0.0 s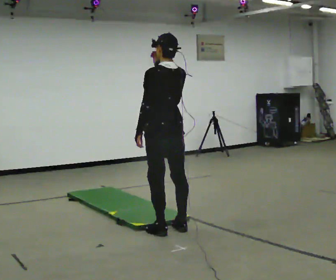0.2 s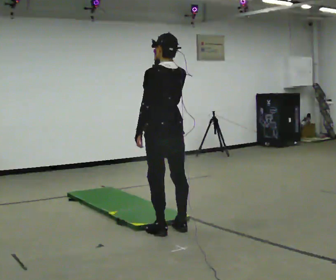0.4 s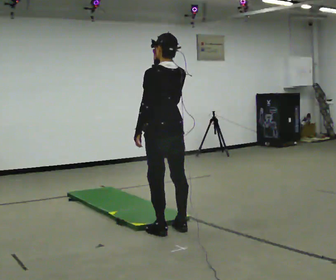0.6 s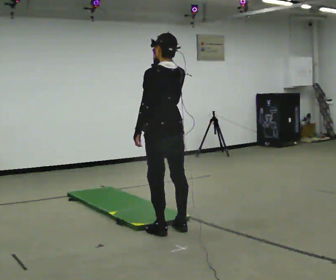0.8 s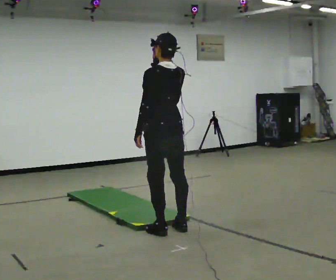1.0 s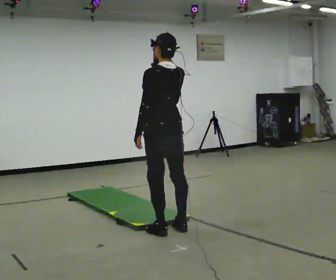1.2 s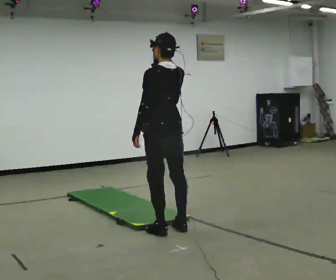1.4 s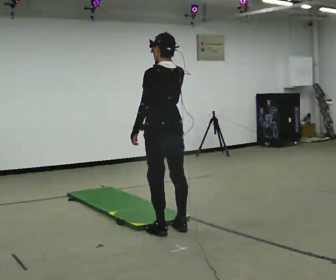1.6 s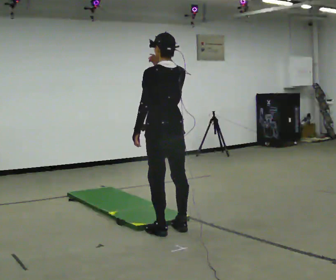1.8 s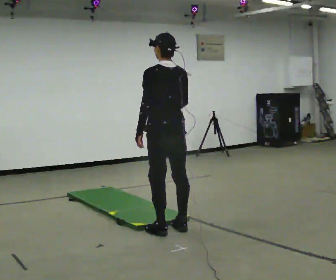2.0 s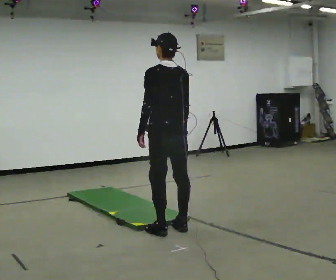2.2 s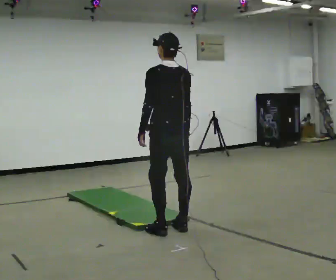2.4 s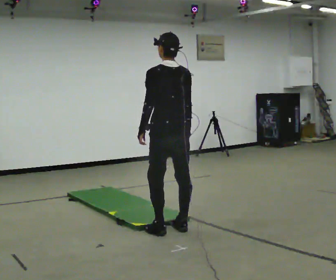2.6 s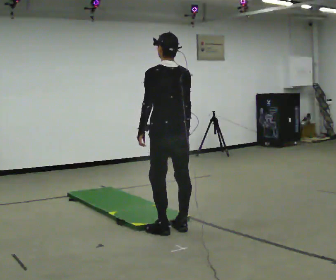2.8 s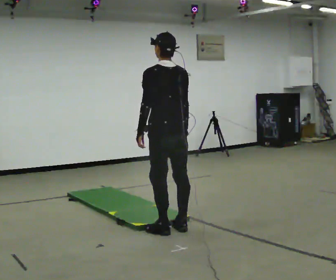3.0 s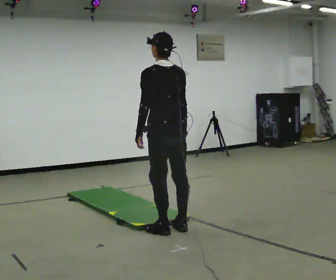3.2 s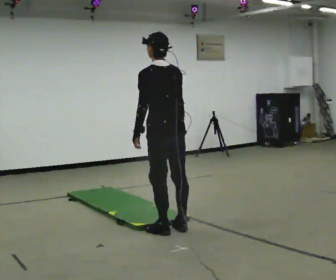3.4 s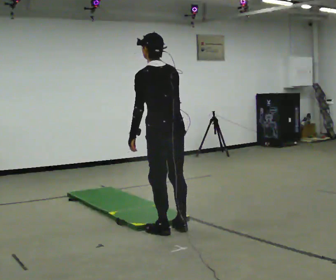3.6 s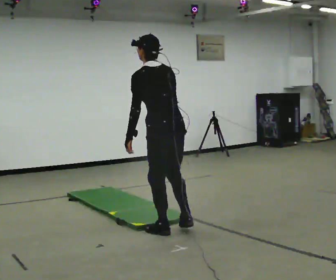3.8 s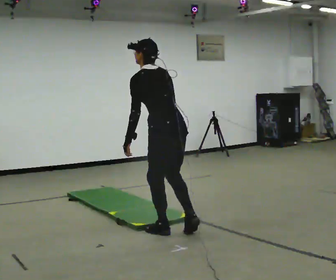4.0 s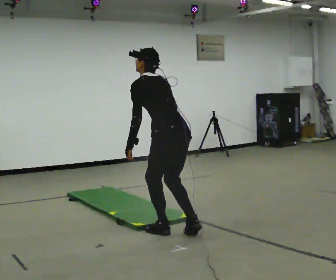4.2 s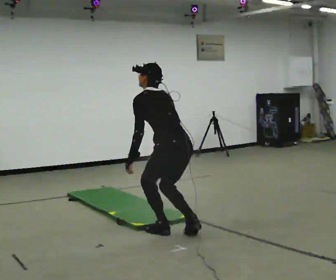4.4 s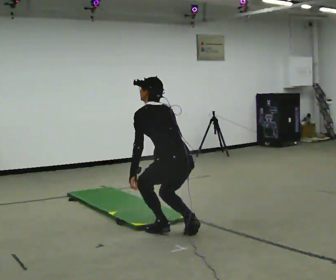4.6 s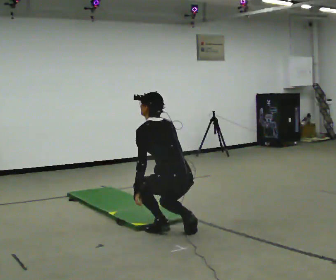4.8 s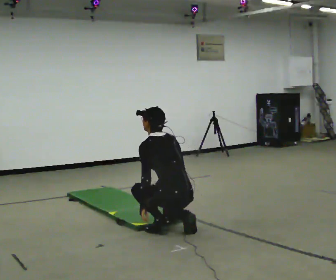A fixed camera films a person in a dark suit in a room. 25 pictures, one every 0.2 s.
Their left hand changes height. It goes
downward.
The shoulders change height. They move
downward.
0.0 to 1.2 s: The person moves a little, or ends about where they began.
1.2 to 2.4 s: In the picture their right hand goes downward.
2.4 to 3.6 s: The person moves a little, or ends about where they began.
3.6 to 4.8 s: The upper body goes downward. In the picture their left hand goes downward.
The film runs backward here.
